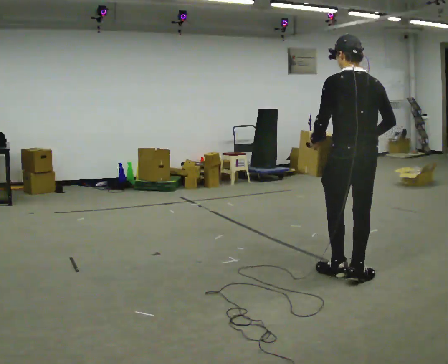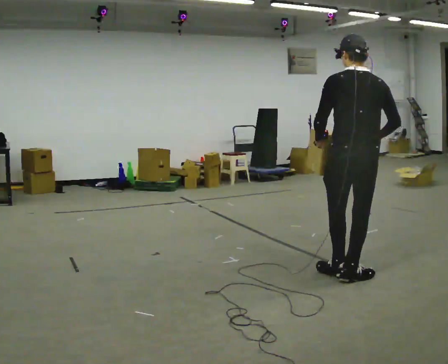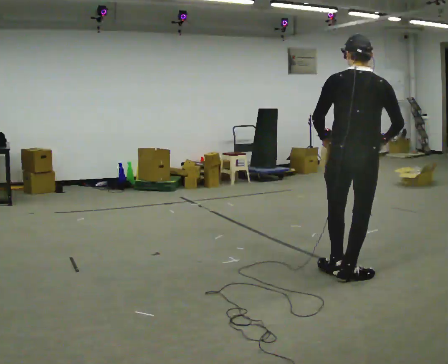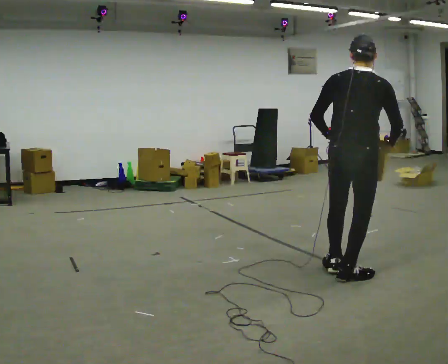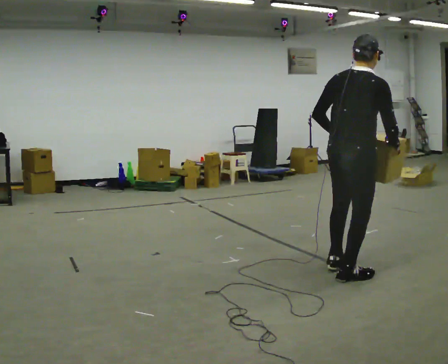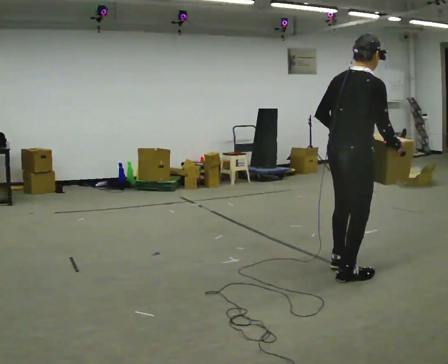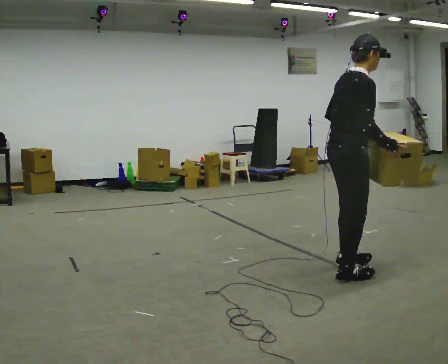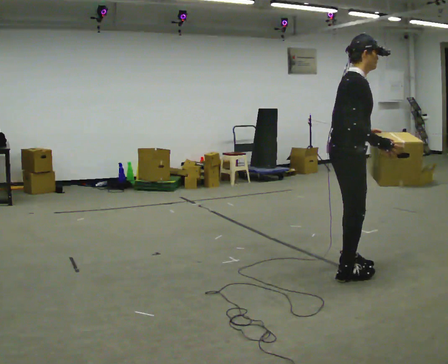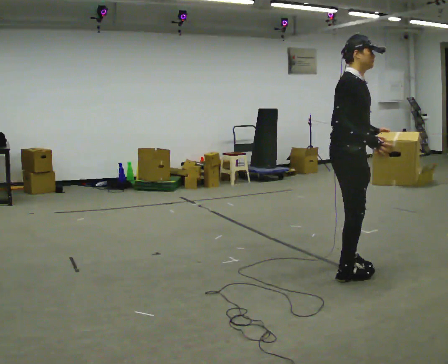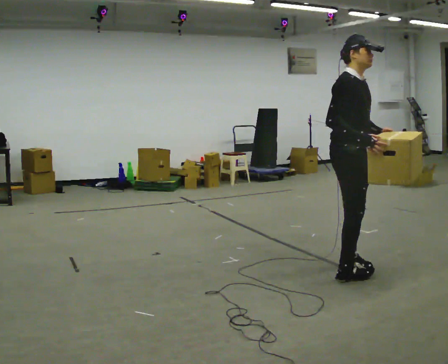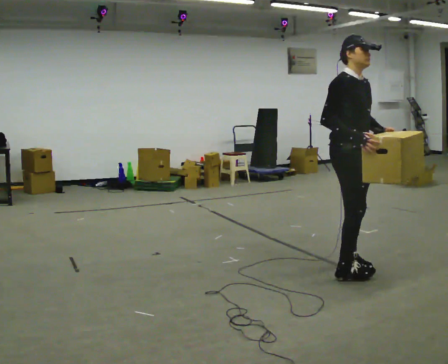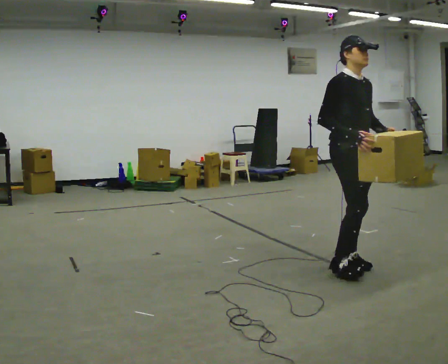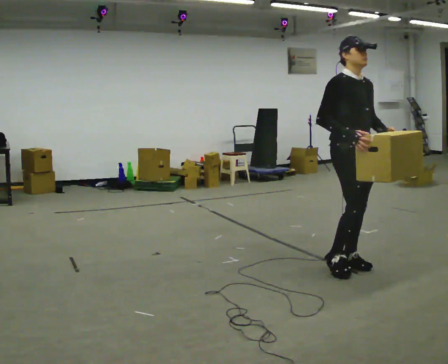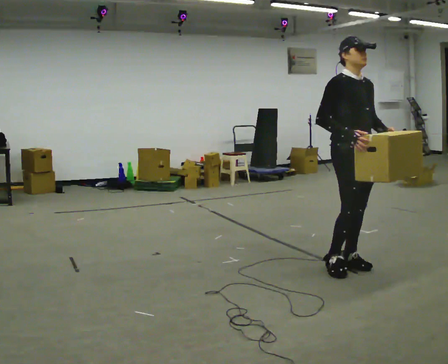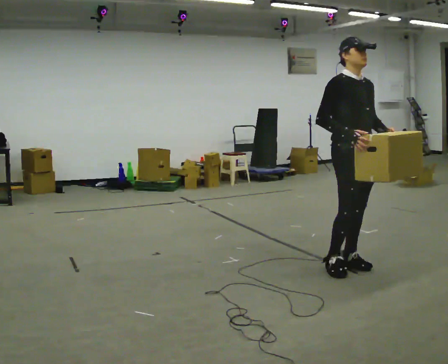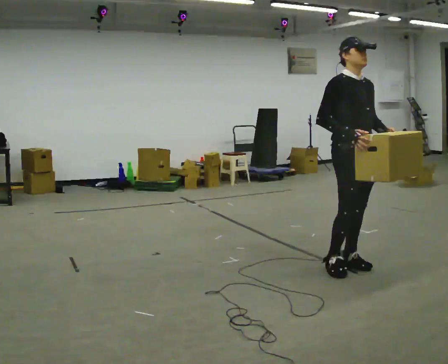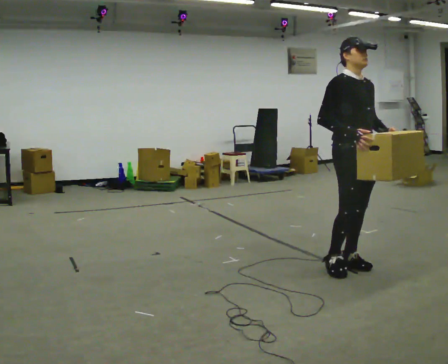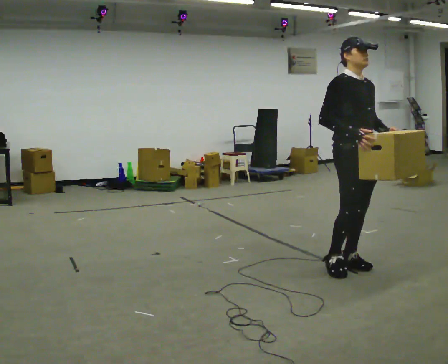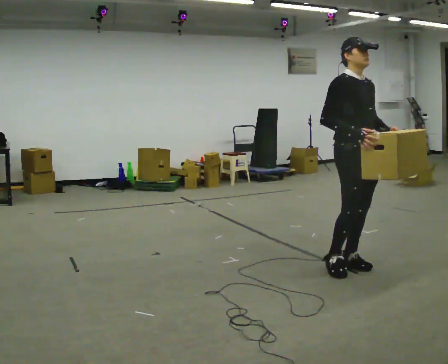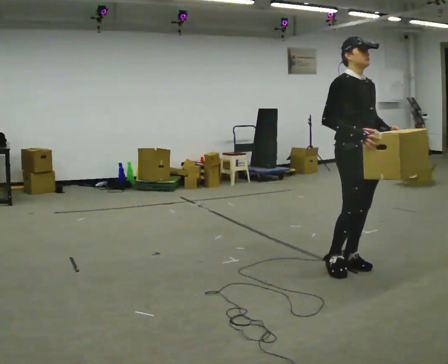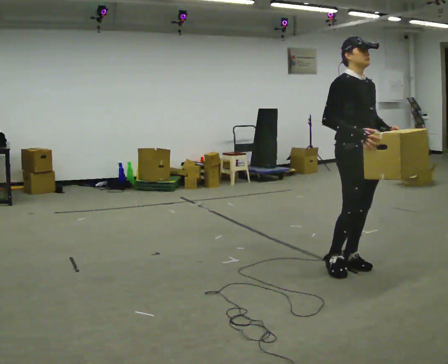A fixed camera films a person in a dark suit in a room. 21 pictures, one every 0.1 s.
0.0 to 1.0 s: Seen from above the body turns clockwise, about 135 degrees: to their right, with its near side sliding to the left. In the picture they go away from the camera, about 0.25 m in 2 steps. In the picture their left hand goes to the right, the arm swinging counterclockwise.
1.0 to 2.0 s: The person moves a little, or ends about where they began.
The film runs backward here.
